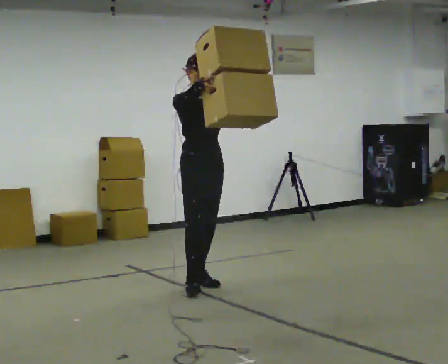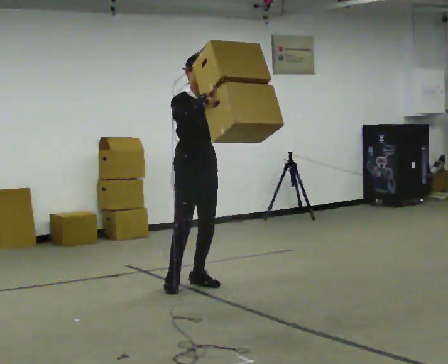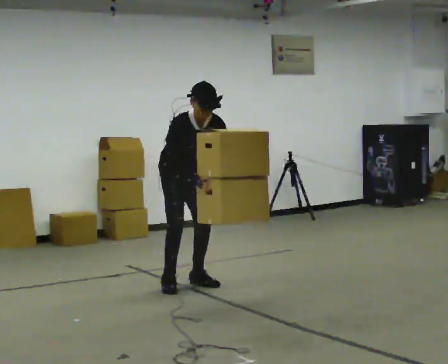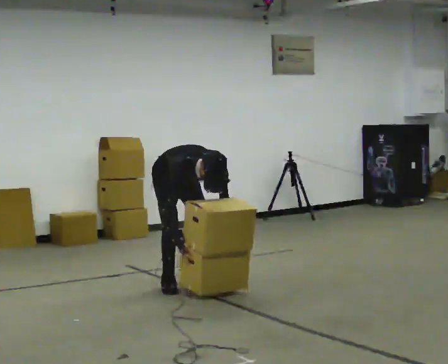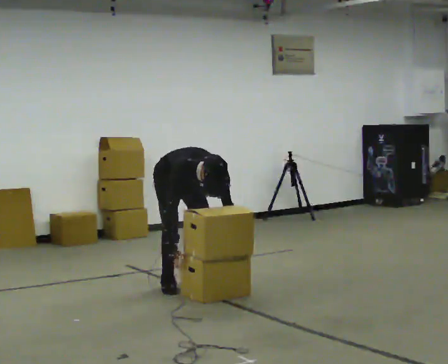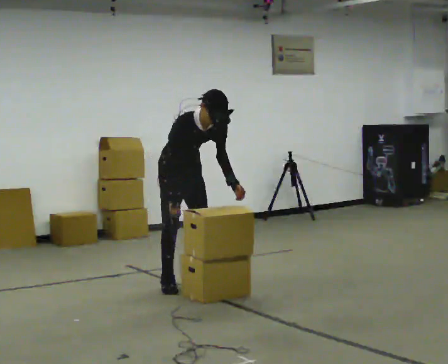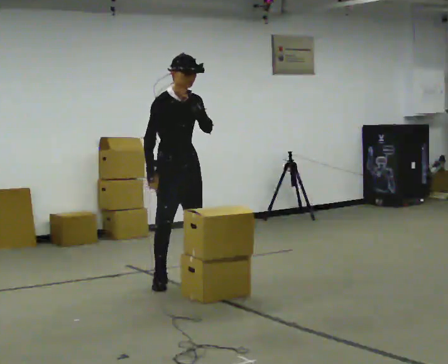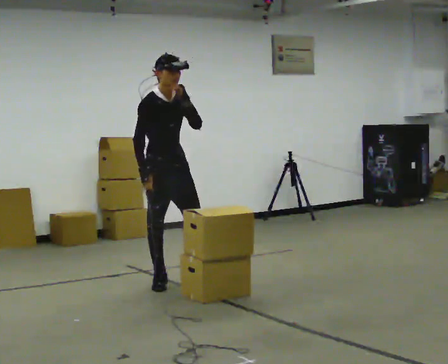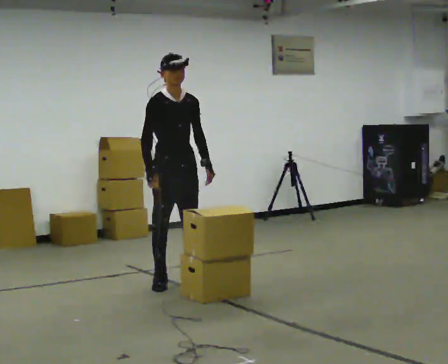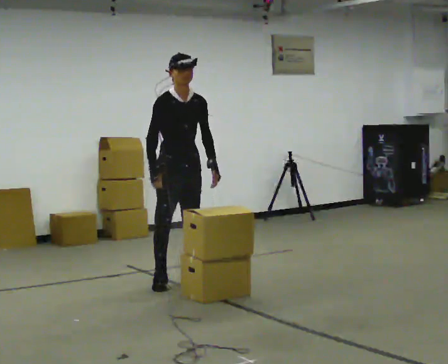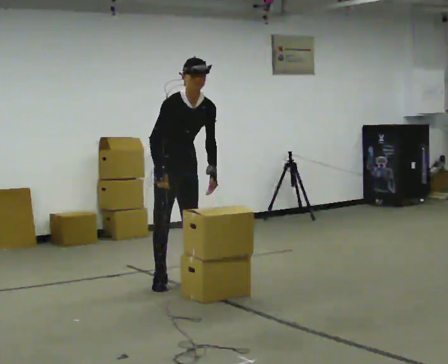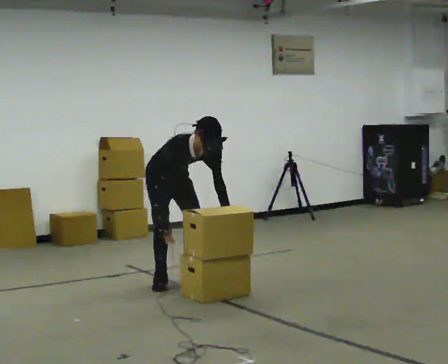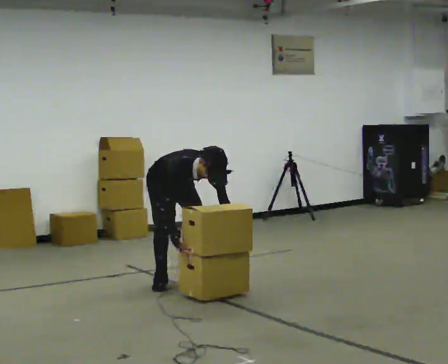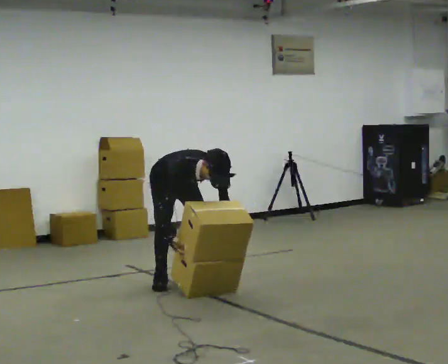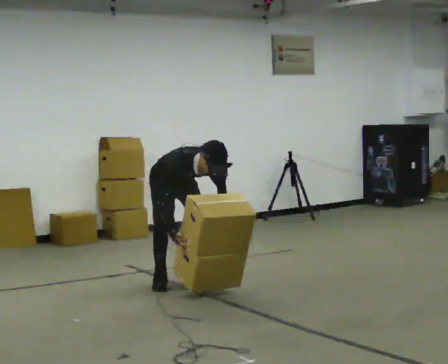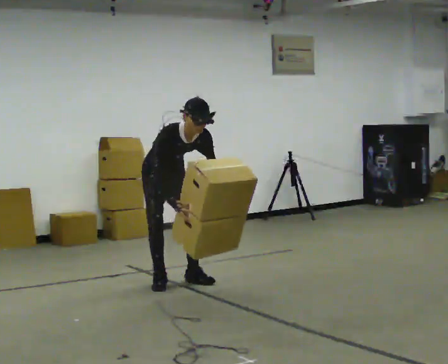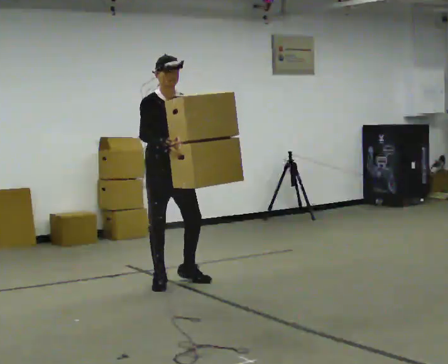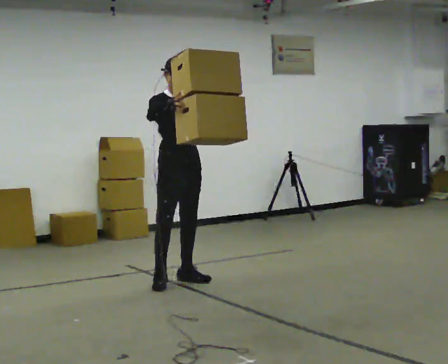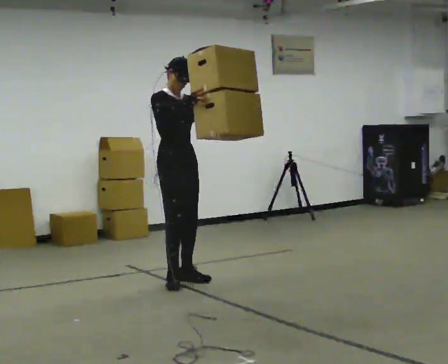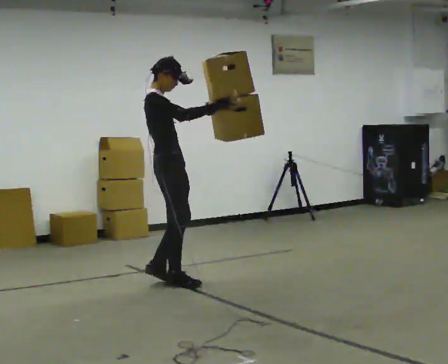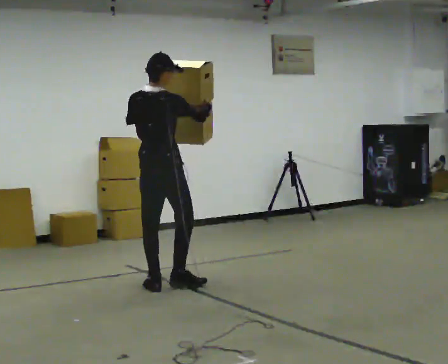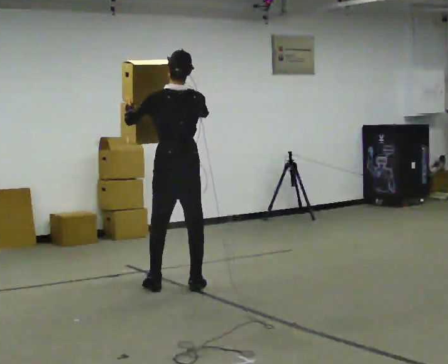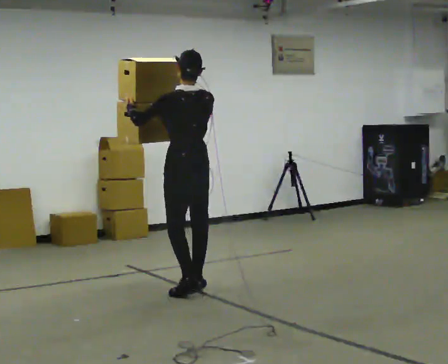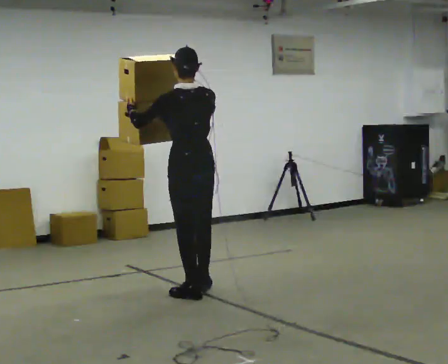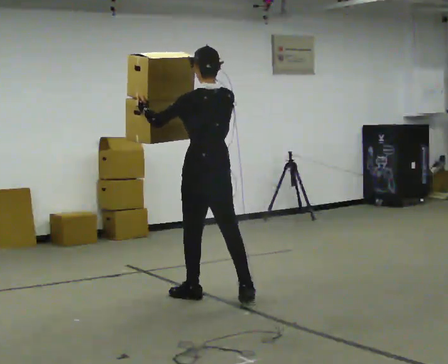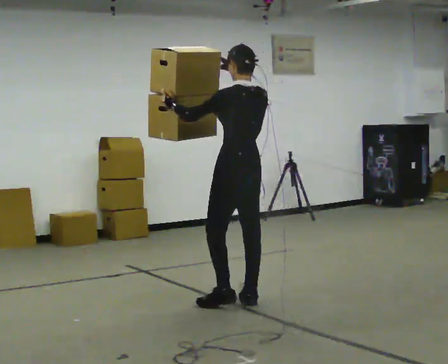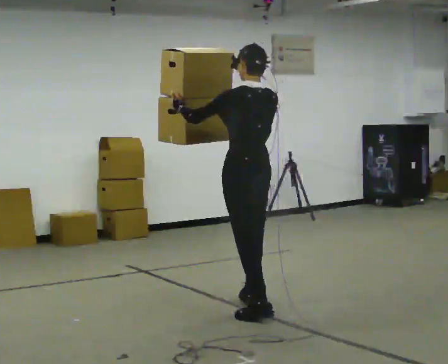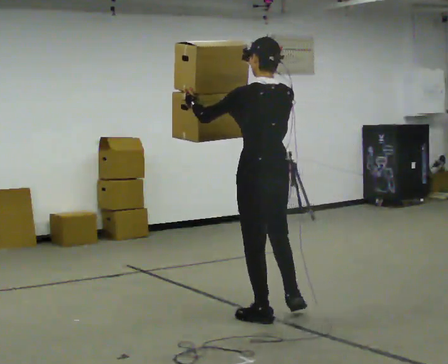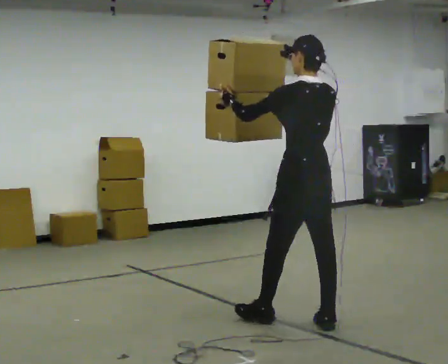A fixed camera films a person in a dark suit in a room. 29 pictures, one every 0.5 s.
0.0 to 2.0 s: In the picture they go to the left and away from the camera, about 0.25 m, which for them is backward. The shoulders move downward. The upper body tips toward the camera, its near side rolling downward, as they bend forward. In the picture their right hand goes downward.
2.0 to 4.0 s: In the picture they go toward the camera, about 0.25 m, which for them is forward. The shoulders move upward. The upper body tips away from the camera, its near side rolling upward, as they lean back or straighten. In the picture their left hand goes upward.
4.0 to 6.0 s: In the picture they go away from the camera, about 0.25 m, which for them is backward. The shoulders move downward. The upper body tips toward the camera, its near side rolling downward, as they bend forward. In the picture their left hand goes downward.
6.0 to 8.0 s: The shoulders move upward. The upper body tips away from the camera, its near side rolling upward, as they lean back or straighten. In the picture their right hand goes upward.
8.0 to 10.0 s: The person turns about 120 degrees to their left, counterclockwise seen from above, so the part of the body nearest the lens slides to the right. In the picture they go toward the camera, about 0.25 m in 2 steps. In the picture their right hand goes to the right.
10.0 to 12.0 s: Seen from above the body turns counterclockwise, about 60 degrees: to their left, with its near side sliding to the right. In the picture they go toward the camera and to the right, about 0.5 m in 2 steps, which for them is backward.
12.0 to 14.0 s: In the picture they go toward the camera and to the right, about 1 m in 2 steps, which for them is backward.
The film runs backward here.
